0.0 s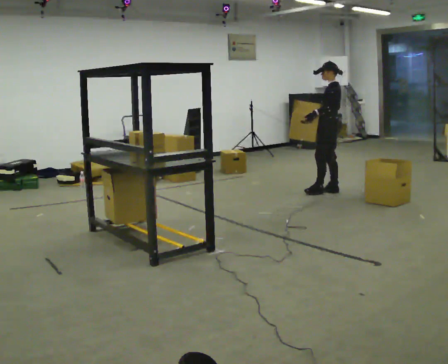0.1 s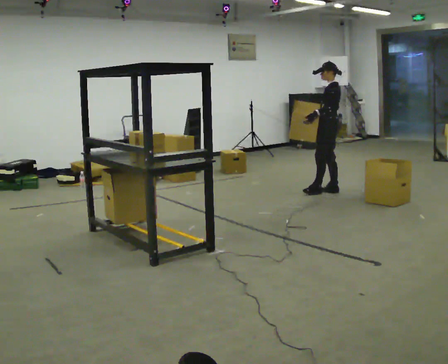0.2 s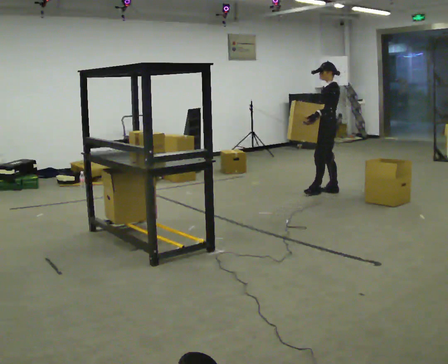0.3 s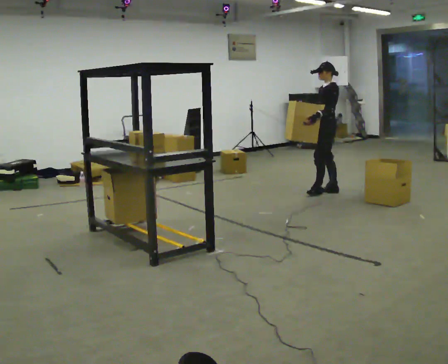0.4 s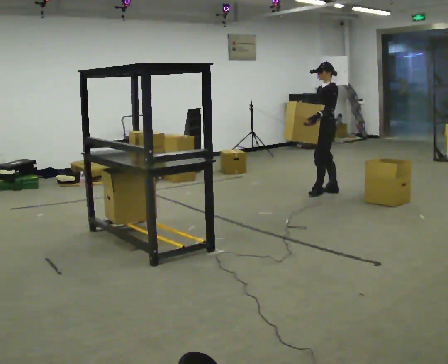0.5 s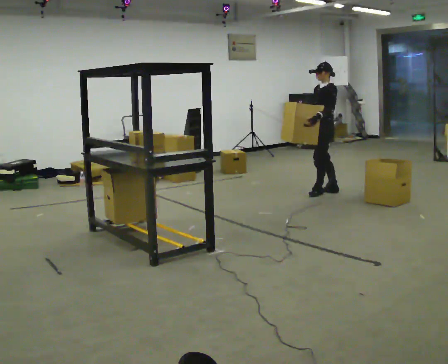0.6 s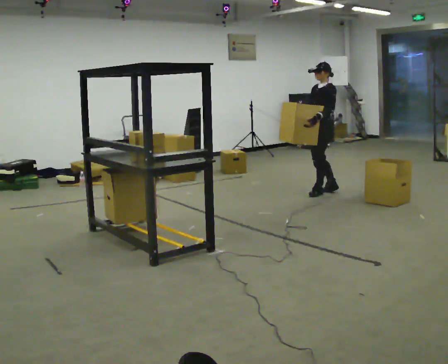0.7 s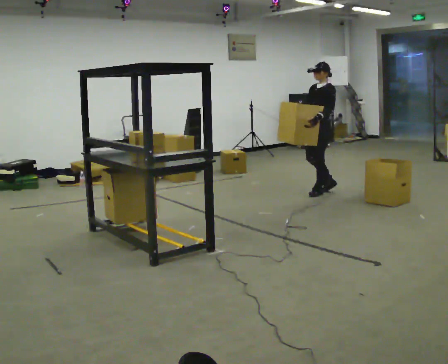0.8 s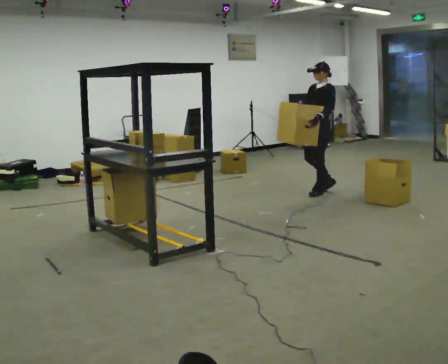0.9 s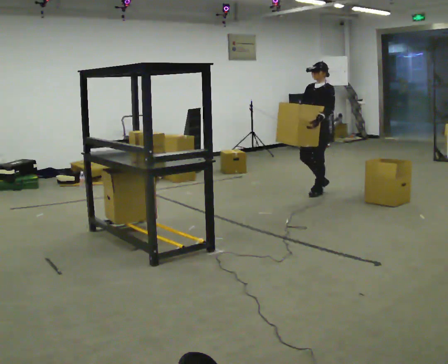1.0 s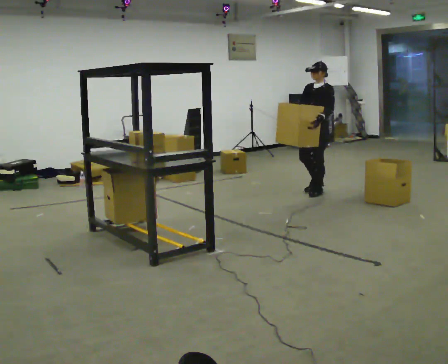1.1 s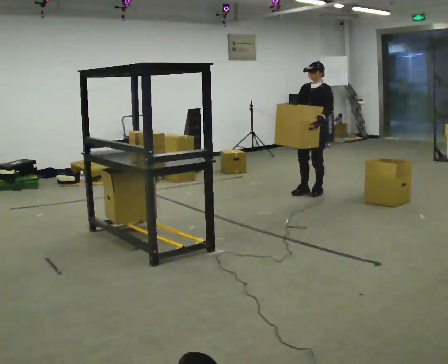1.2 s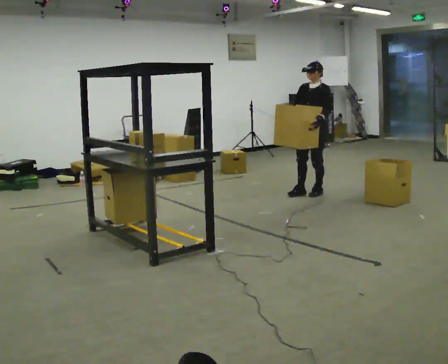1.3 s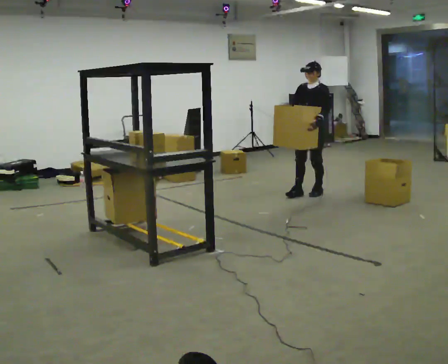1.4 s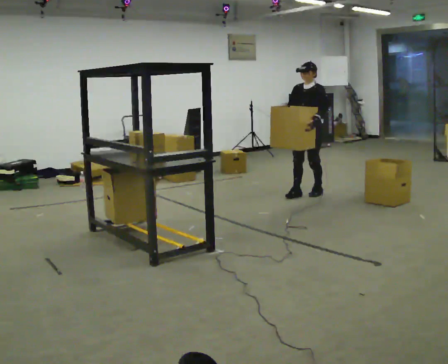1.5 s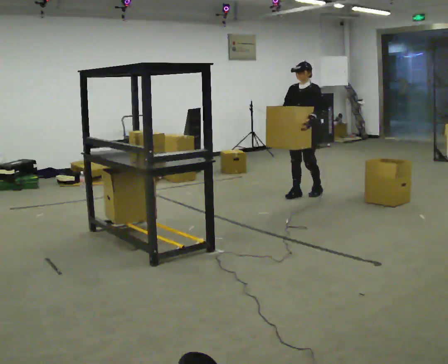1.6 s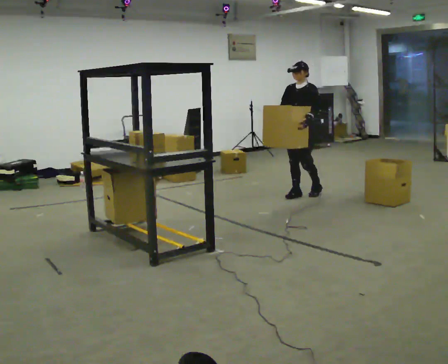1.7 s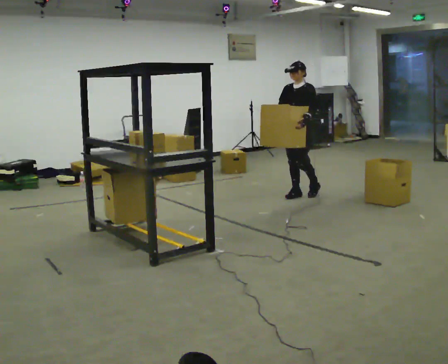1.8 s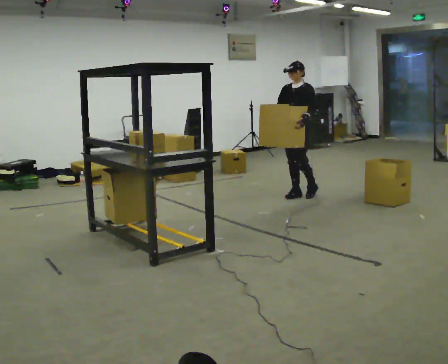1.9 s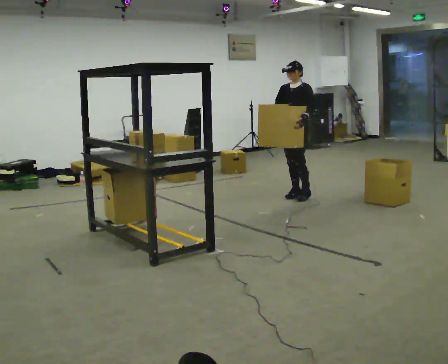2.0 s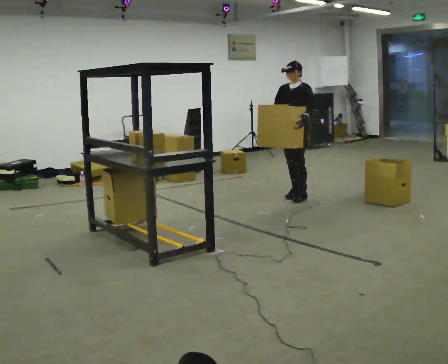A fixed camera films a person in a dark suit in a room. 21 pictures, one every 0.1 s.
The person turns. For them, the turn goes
to their left.
The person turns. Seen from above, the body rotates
counterclockwise.
0.0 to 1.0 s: The person turns about 45 degrees to their left, counterclockwise seen from above, so the part of the body nearest the lens slides to the right. In the picture they go to the left, about 0.25 m in 1 step, which for them is forward. In the picture their right hand goes to the left.
1.0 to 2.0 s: In the picture they go to the left and toward the camera, about 0.25 m in 1 step, which for them is forward.
The film runs forward here.
